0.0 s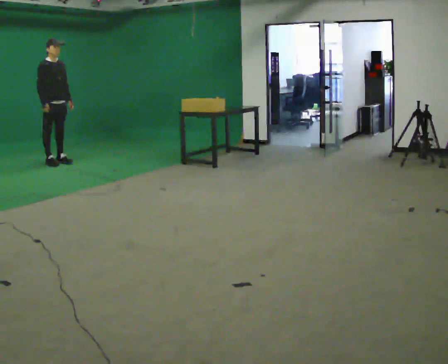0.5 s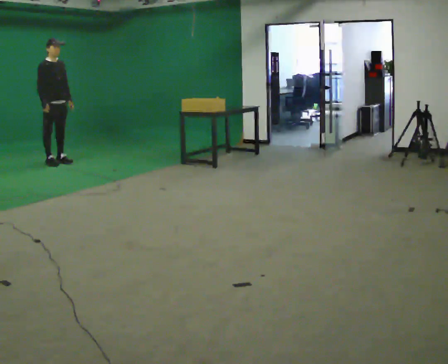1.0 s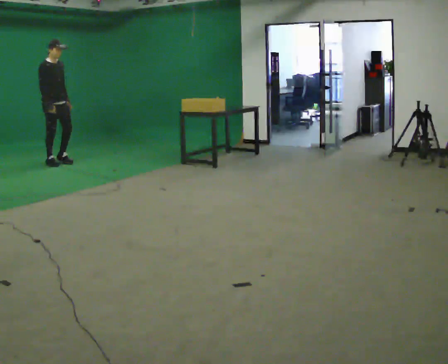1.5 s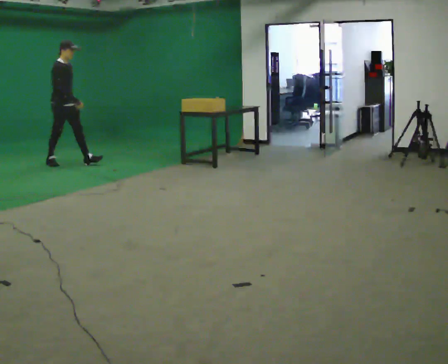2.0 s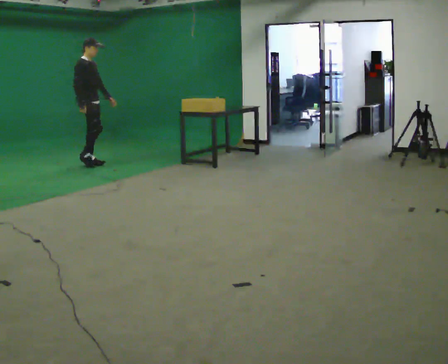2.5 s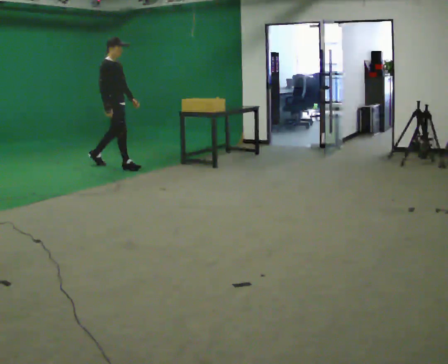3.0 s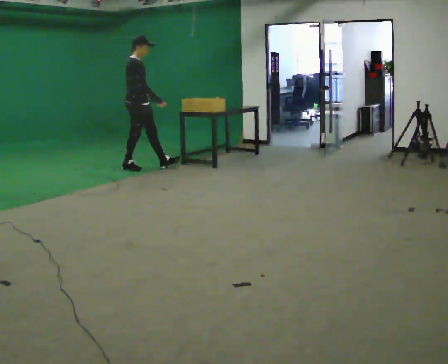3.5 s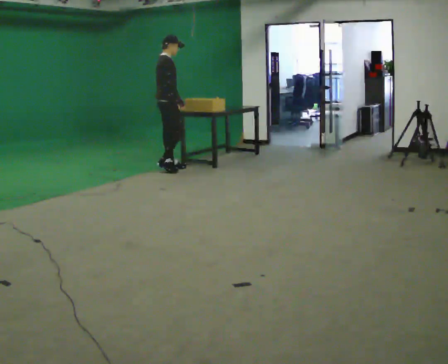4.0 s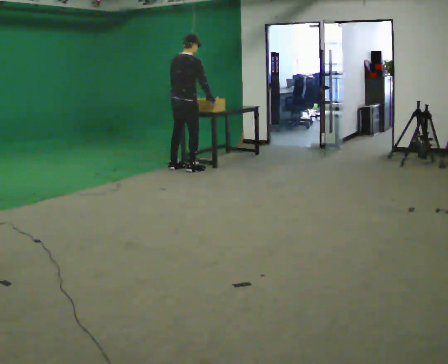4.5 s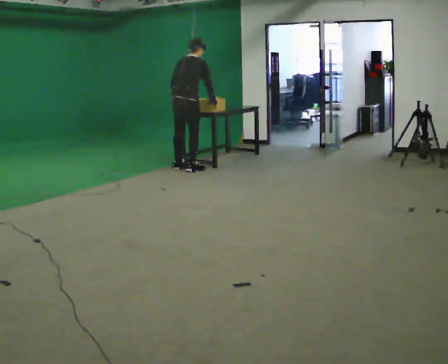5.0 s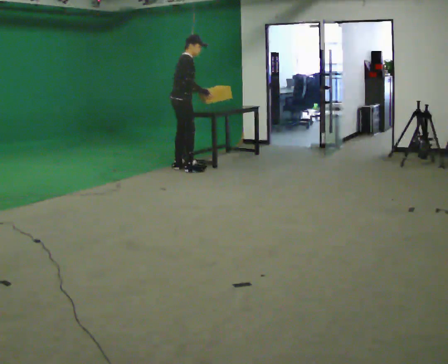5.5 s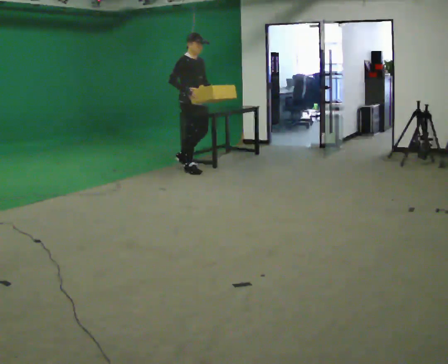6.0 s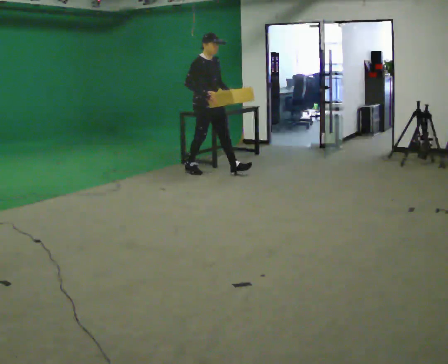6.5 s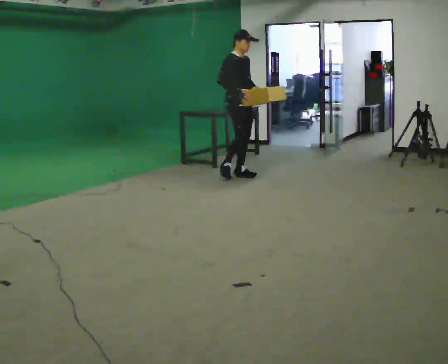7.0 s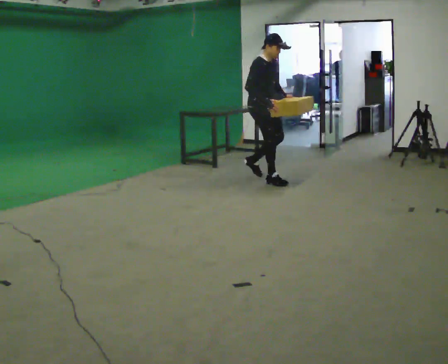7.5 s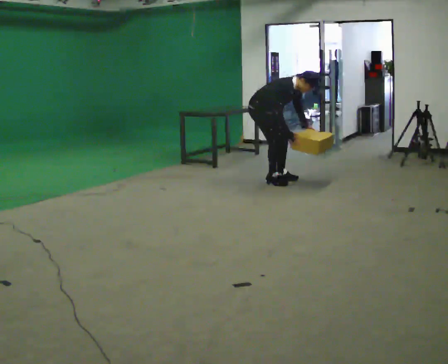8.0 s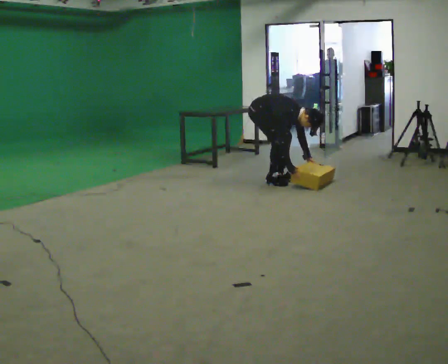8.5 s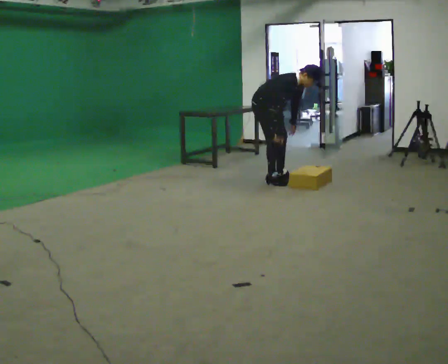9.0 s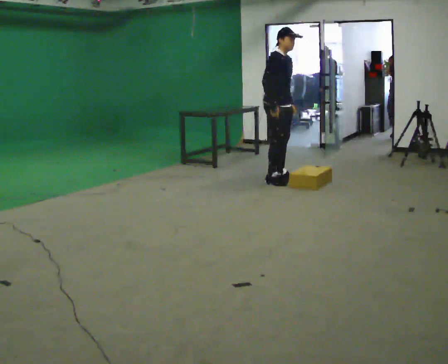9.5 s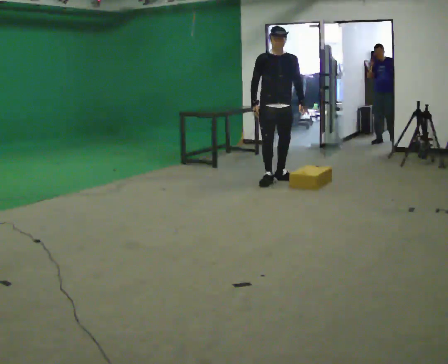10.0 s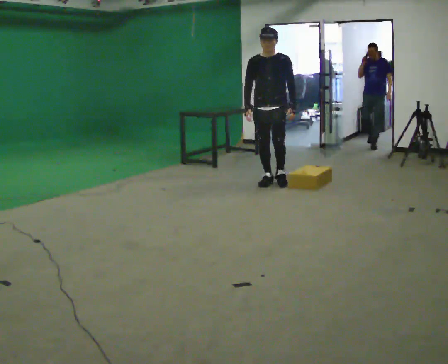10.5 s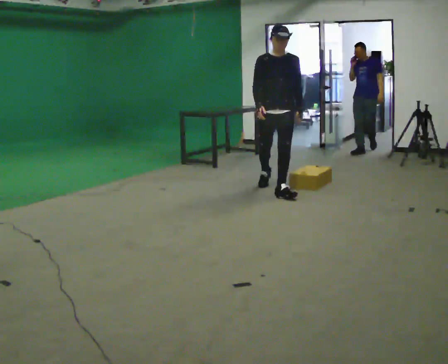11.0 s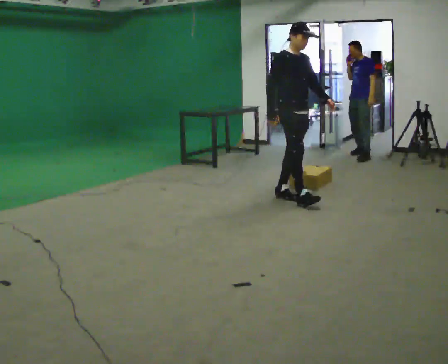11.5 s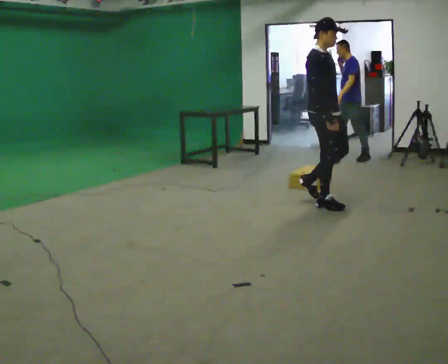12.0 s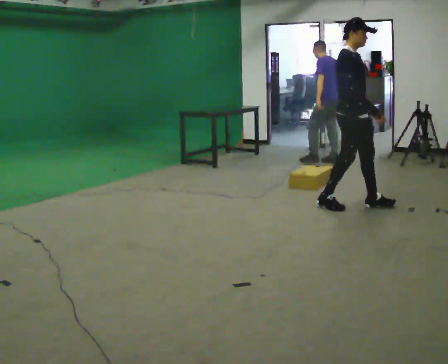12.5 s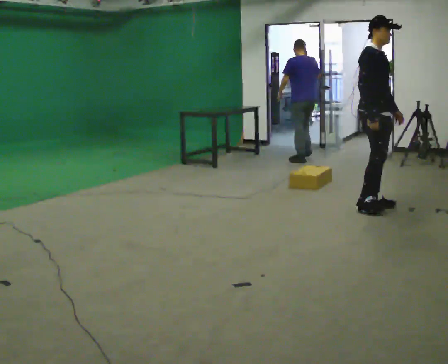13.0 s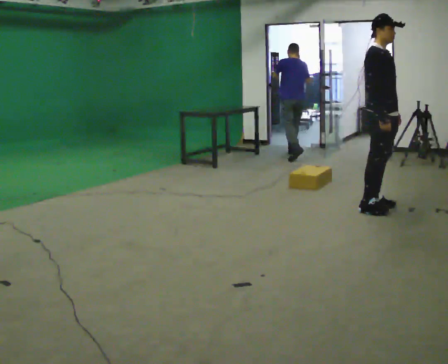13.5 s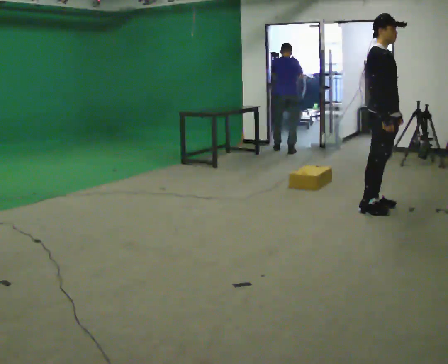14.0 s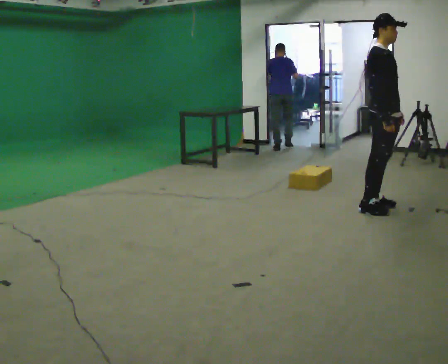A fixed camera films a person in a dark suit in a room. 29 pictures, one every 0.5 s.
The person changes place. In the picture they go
to the right.
0.0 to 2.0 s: In the picture they go to the right, about 0.5 m in 1 step, which for them is forward.
2.0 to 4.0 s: The person turns about 60 degrees to their left, counterclockwise seen from above, so the part of the body nearest the lens slides to the right. In the picture they go to the right, about 1.5 m in 3 steps.
4.0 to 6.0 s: The part of the body nearest the lens slides to the left as the person turns to their right by about 90 degrees. In the picture they go to the right and toward the camera, about 0.25 m.
6.0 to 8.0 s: In the picture they go to the right and toward the camera, about 1 m in 3 steps, which for them is forward. The upper body goes downward. In the picture the upper body tilts clockwise, shoulders to the right, as they bend forward. In the picture their right hand goes downward.
8.0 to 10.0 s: Seen from above the body turns clockwise, about 75 degrees: to their right, with its near side sliding to the left. In the picture they go toward the camera, about 0.25 m. The shoulders move upward. In the picture the upper body tilts counterclockwise, shoulders to the left, as they lean back or straighten. In the picture their left hand goes upward.
10.0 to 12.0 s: Seen from above the body turns counterclockwise, about 75 degrees: to their left, with its near side sliding to the right. In the picture they go toward the camera and to the right, about 1 m in 3 steps.
12.0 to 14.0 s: In the picture they go to the right, about 0.25 m in 1 step, which for them is forward.
The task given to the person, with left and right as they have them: Walk quickly but do not run; remain comfortable and controlled; stop.
The film runs forward here.
